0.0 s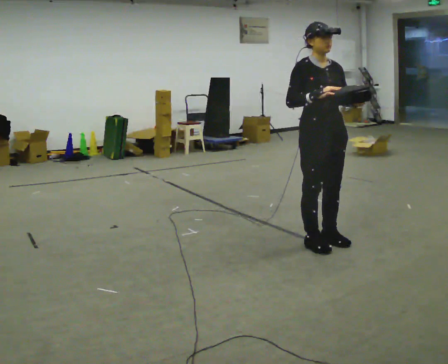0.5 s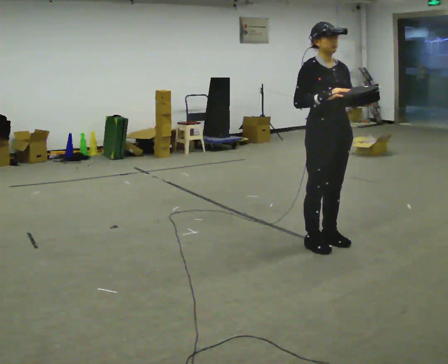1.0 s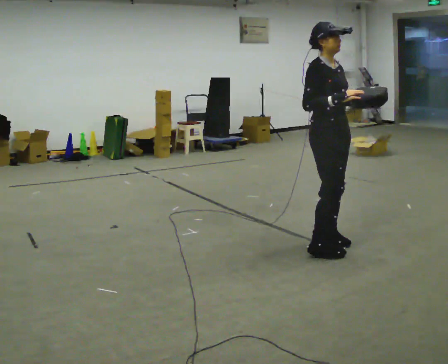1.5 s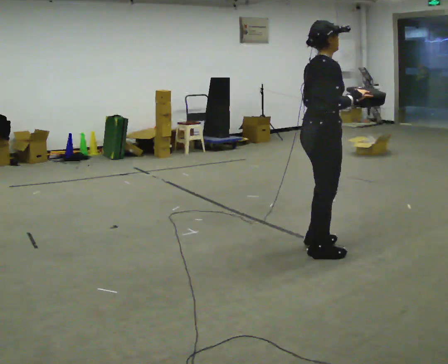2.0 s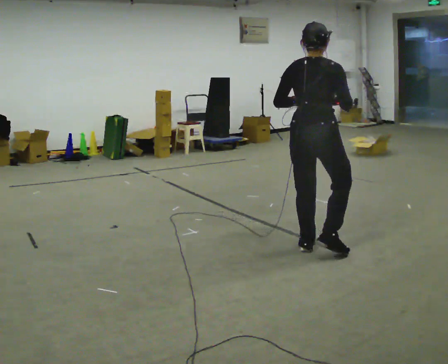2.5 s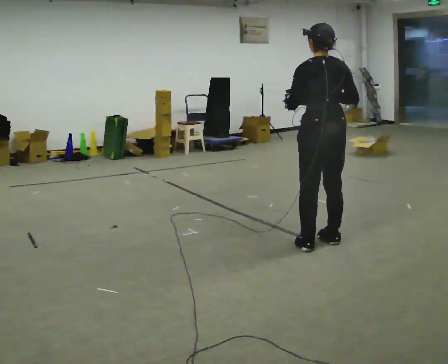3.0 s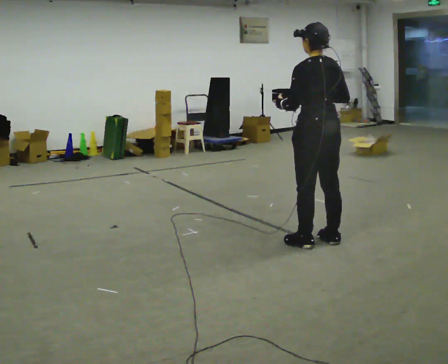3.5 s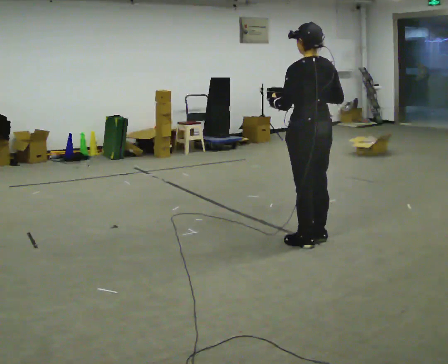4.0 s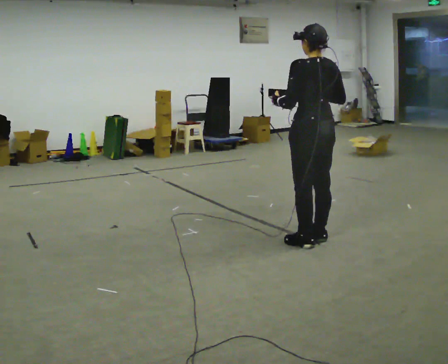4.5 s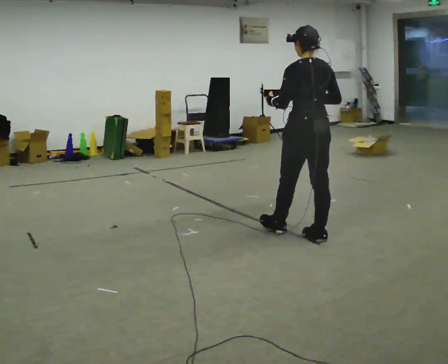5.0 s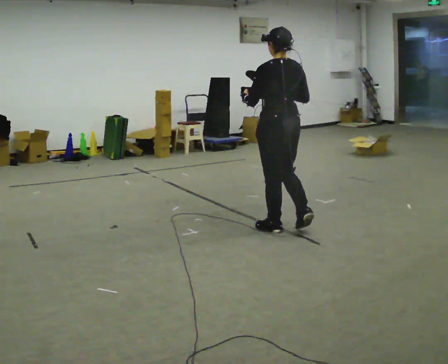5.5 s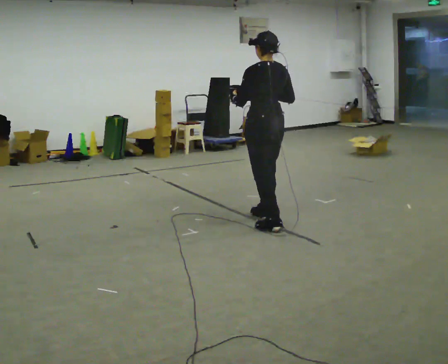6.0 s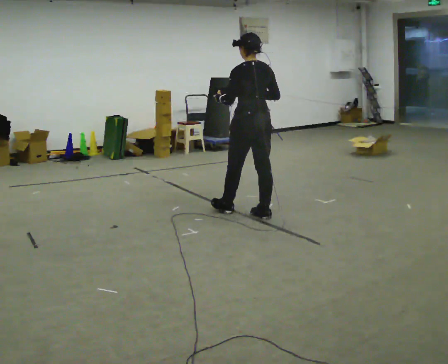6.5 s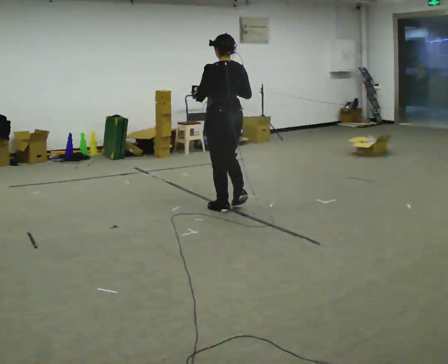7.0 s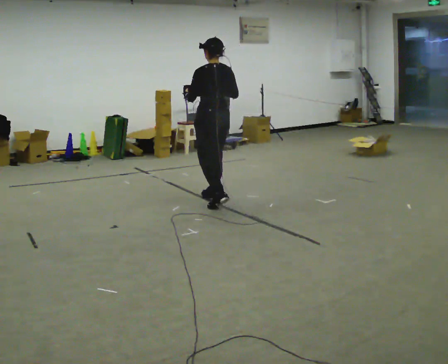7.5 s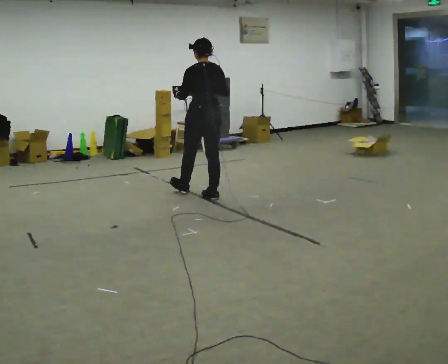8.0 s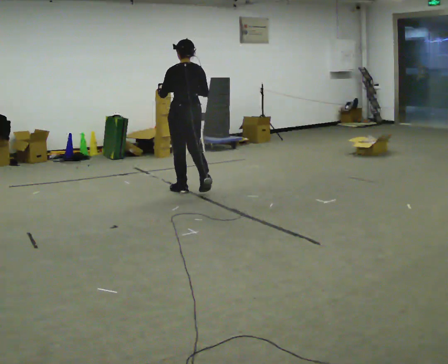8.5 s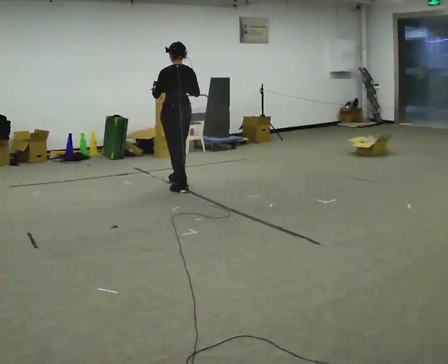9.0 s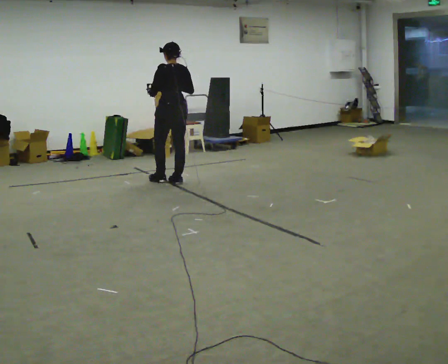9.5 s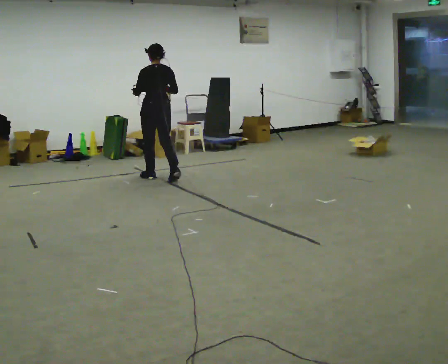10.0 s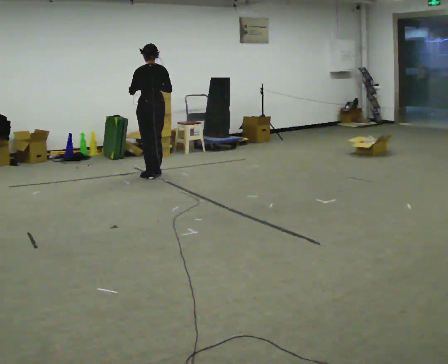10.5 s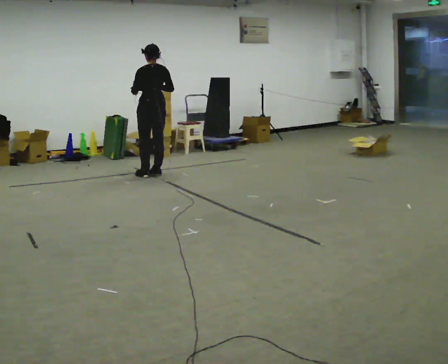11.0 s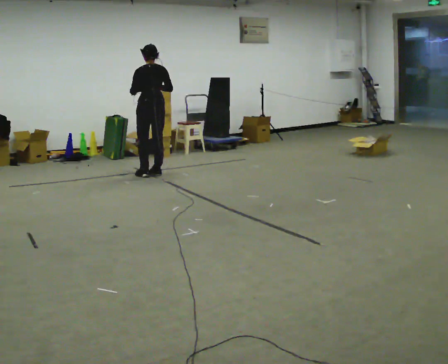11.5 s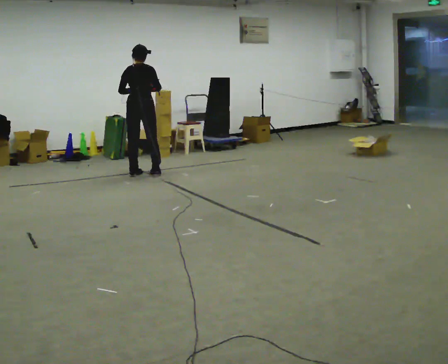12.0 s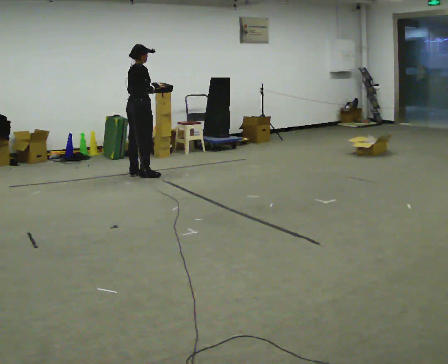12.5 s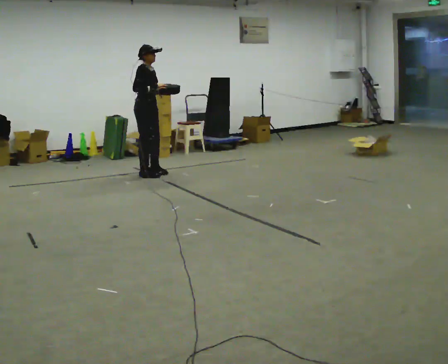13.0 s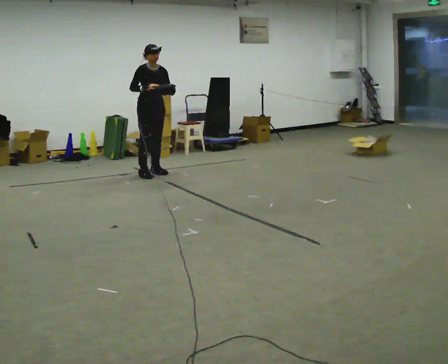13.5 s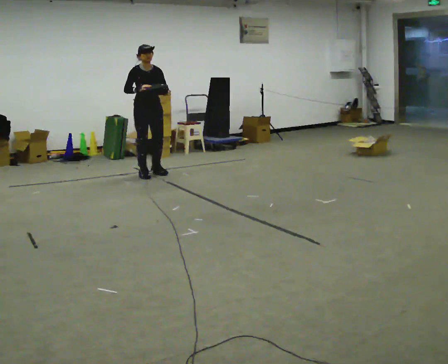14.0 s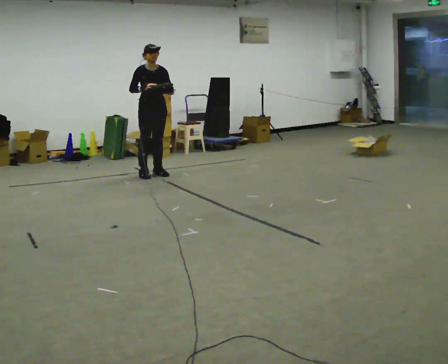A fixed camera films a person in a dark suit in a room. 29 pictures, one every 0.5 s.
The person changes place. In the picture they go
away from the camera.
0.0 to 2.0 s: The part of the body nearest the lens slides to the right as the person turns to their left by about 120 degrees. In the picture their left hand goes to the left.
2.0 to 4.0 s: The person turns about 60 degrees to their left, counterclockwise seen from above, so the part of the body nearest the lens slides to the right. In the picture they go away from the camera, about 0.25 m in 1 step.
4.0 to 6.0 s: In the picture they go away from the camera and to the left, about 1 m in 2 steps, which for them is forward.
6.0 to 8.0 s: In the picture they go away from the camera and to the left, about 1 m in 3 steps, which for them is forward.
8.0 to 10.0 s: In the picture they go away from the camera and to the left, about 1 m in 3 steps, which for them is forward.
10.0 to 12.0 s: The part of the body nearest the lens slides to the left as the person turns to their right by about 90 degrees. In the picture they go to the left, about 0.25 m in 2 steps.
12.0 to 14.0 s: The part of the body nearest the lens slides to the left as the person turns to their right by about 90 degrees. In the picture they go to the right, about 0.25 m in 1 step. In the picture their left hand goes to the right.
The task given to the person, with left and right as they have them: Carry the lidded box and, while you are still walking, open the lid, then close it again. Repeat as you walk back and forth. Do not stop to do it.
The film runs forward here.
